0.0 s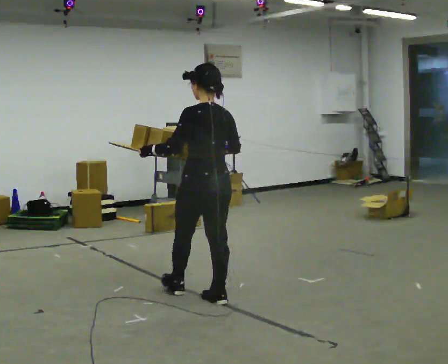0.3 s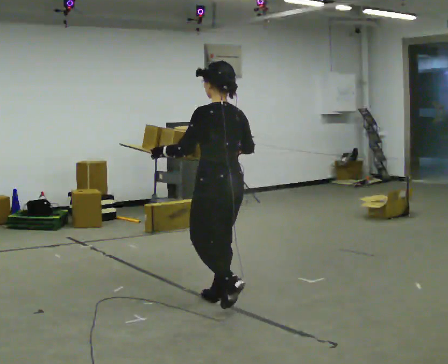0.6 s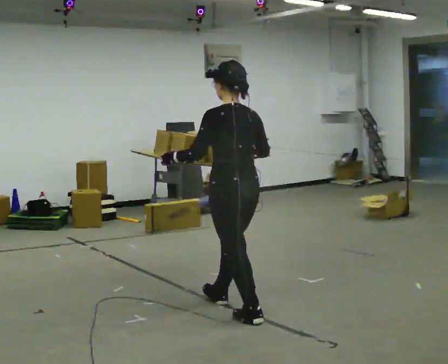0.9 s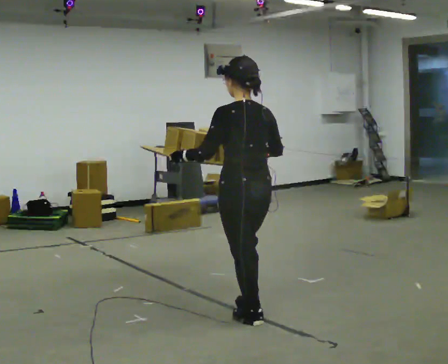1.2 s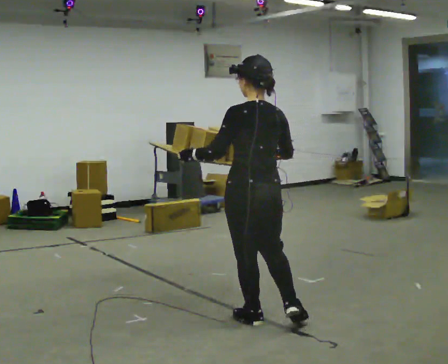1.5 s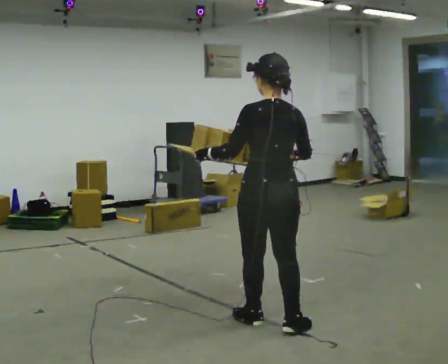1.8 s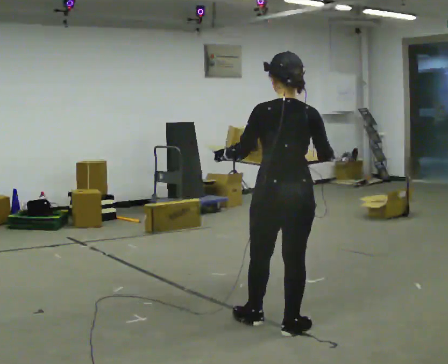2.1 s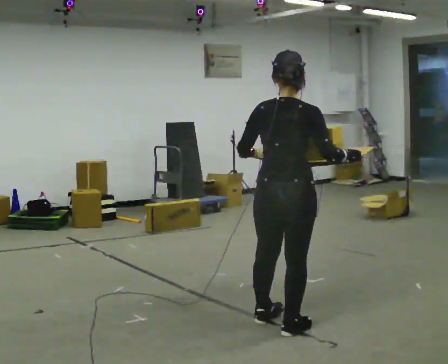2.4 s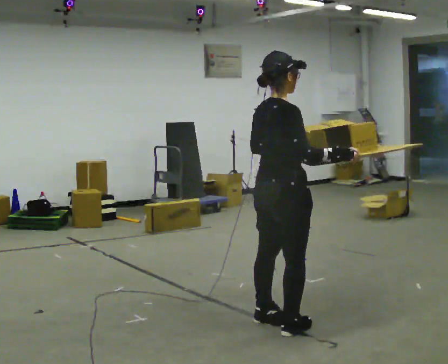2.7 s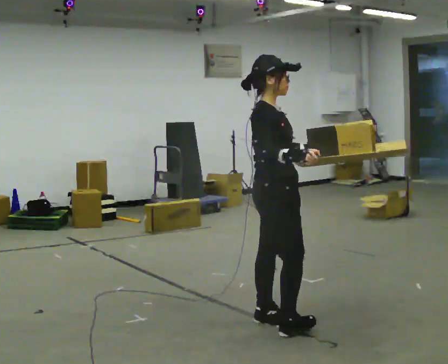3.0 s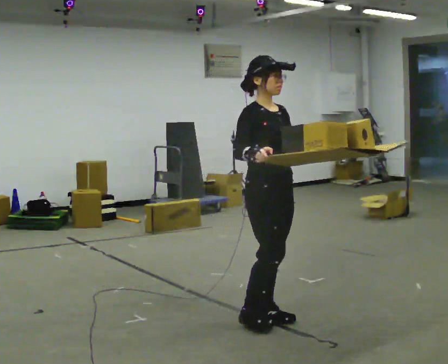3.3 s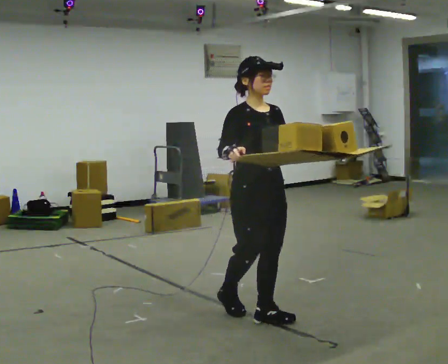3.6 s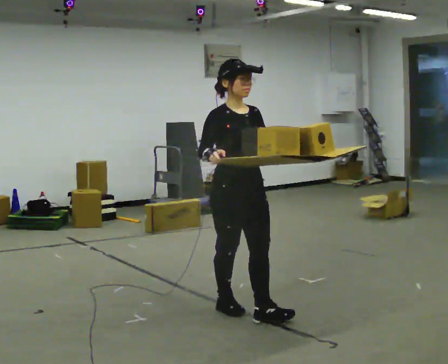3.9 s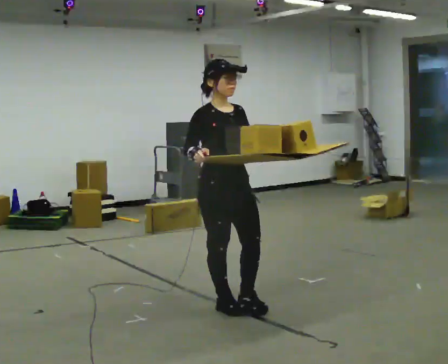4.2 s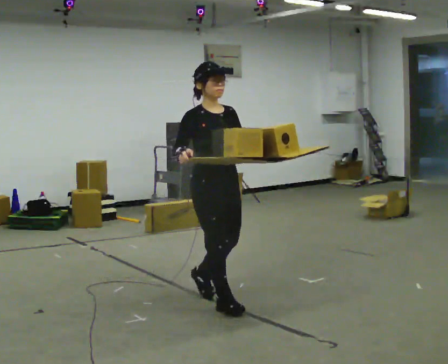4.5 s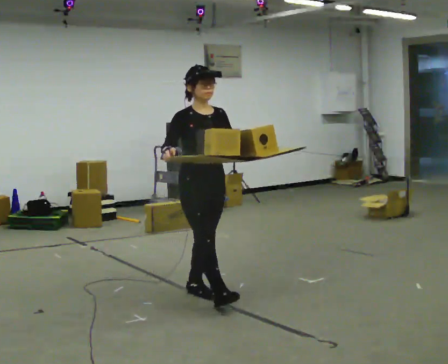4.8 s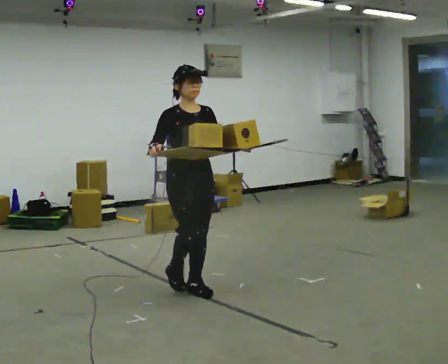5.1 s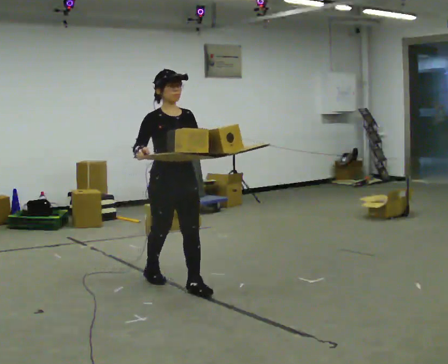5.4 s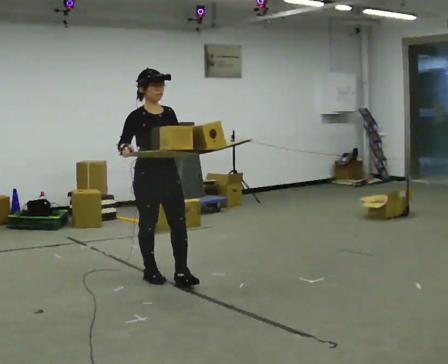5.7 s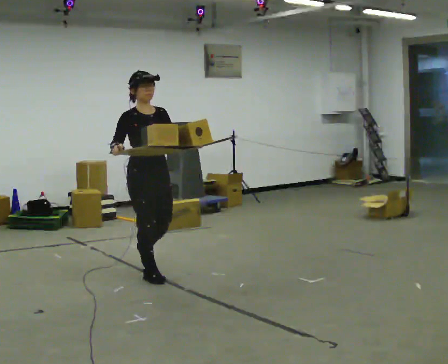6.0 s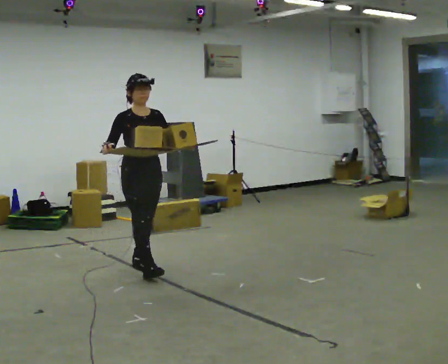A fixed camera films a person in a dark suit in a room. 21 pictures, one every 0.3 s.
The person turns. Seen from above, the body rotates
clockwise.
The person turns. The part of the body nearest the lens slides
to the left.
0.0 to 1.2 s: In the picture they go toward the camera and to the right, about 0.5 m in 1 step, which for them is backward.
1.2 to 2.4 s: The part of the body nearest the lens slides to the left as the person turns to their right by about 75 degrees. In the picture their right hand goes to the right.
2.4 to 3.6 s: Seen from above the body turns clockwise, about 90 degrees: to their right, with its near side sliding to the left. In the picture they go away from the camera and to the left, about 0.25 m in 1 step.
3.6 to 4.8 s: In the picture they go away from the camera and to the left, about 0.5 m in 2 steps, which for them is backward.
4.8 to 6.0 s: In the picture they go away from the camera and to the left, about 1 m in 2 steps, which for them is backward.
The film runs backward here.
